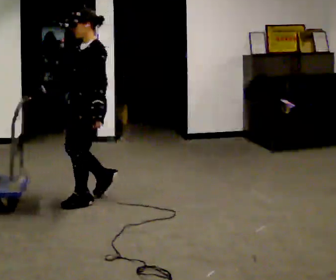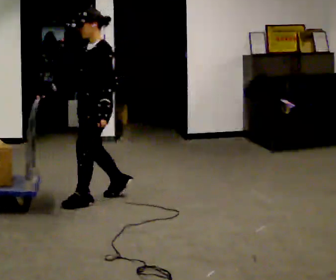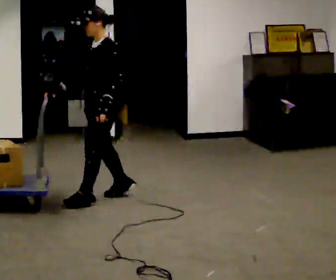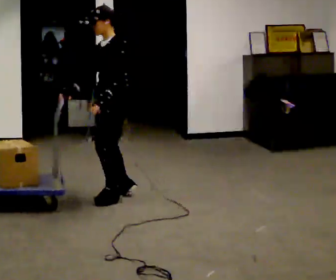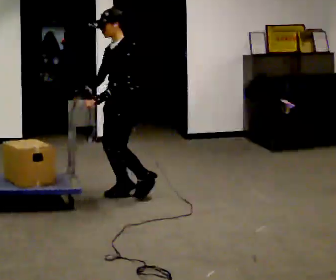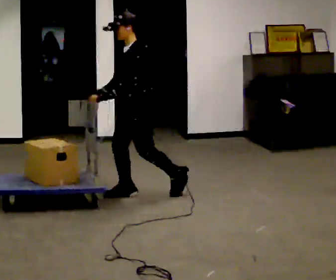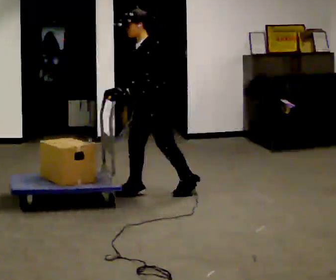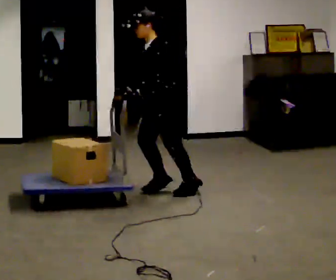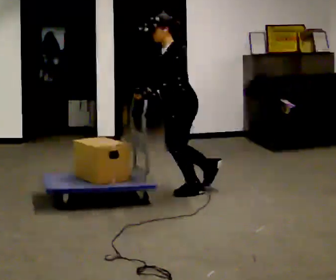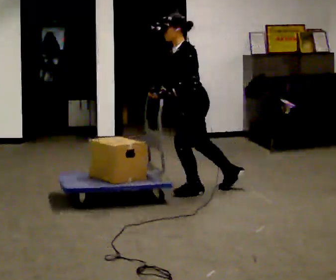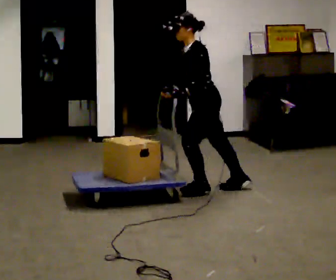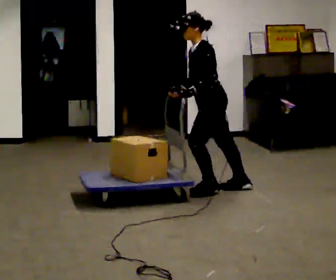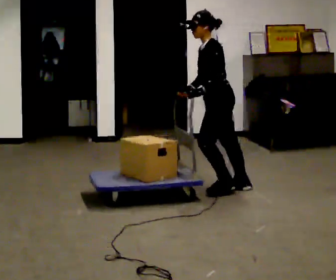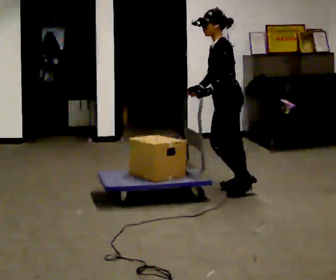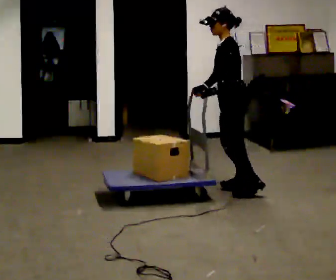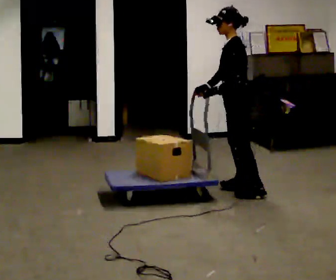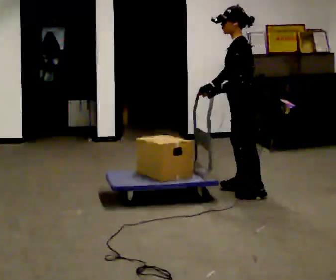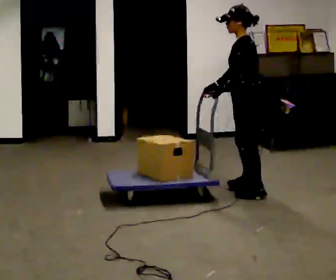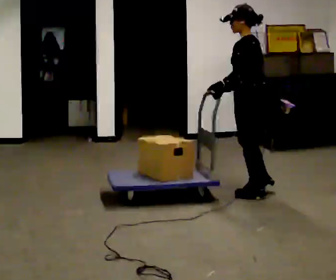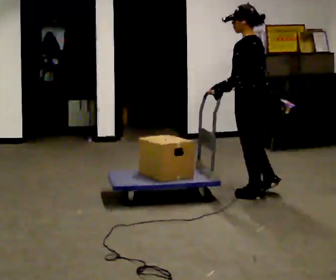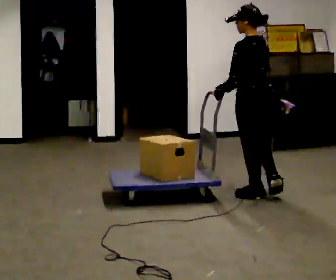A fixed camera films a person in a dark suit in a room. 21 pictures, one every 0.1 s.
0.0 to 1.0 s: In the picture they go to the right and away from the camera, about 1 m in 3 steps, which for them is backward. In the picture the upper body tilts counterclockwise, shoulders to the left, as they bend forward.
1.0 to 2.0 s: The person turns about 60 degrees to their right, clockwise seen from above, so the part of the body nearest the lens slides to the left. In the picture they go to the right and toward the camera, about 0.5 m in 1 step, which for them is backward and to their left.
The film runs backward here.
